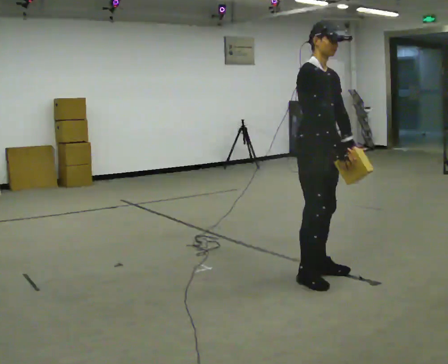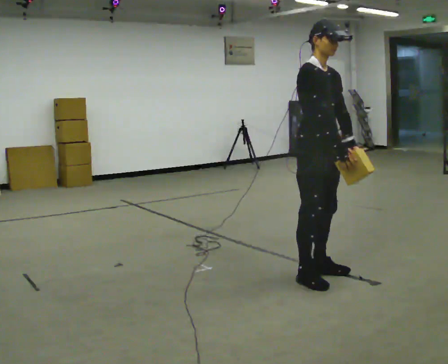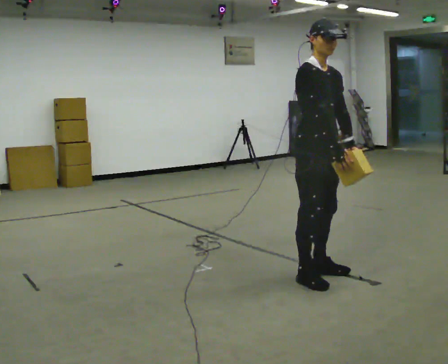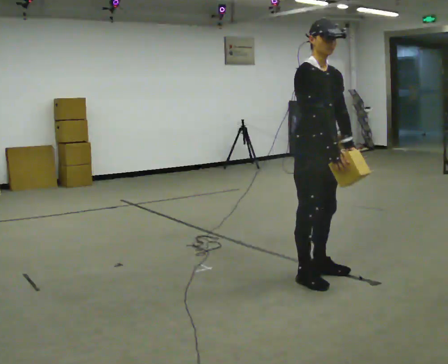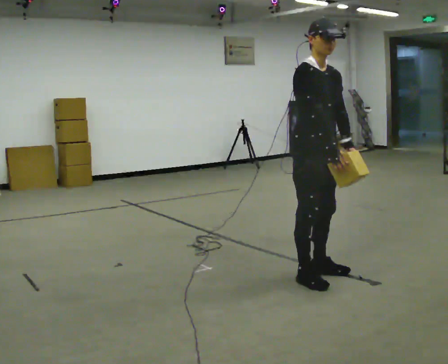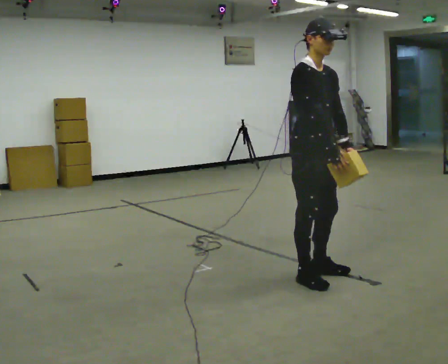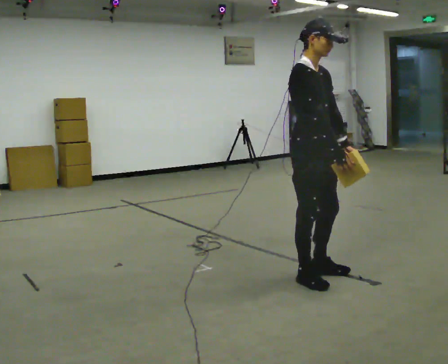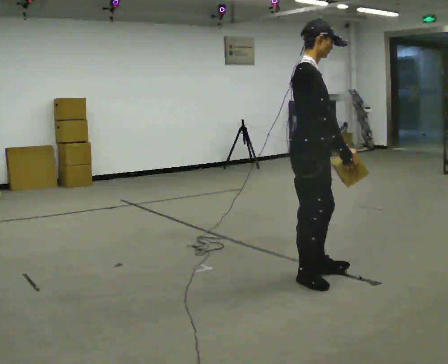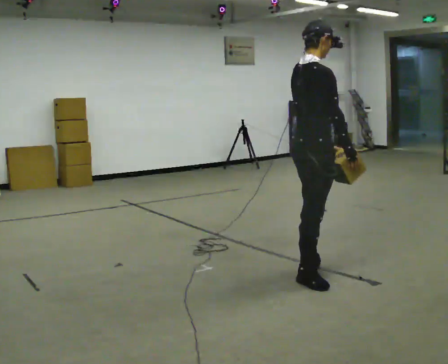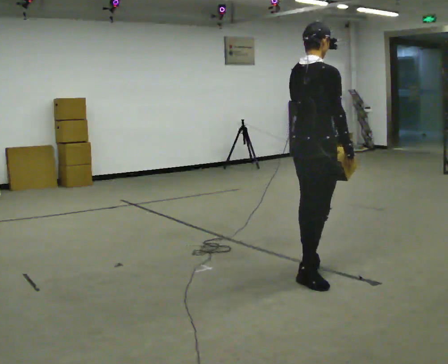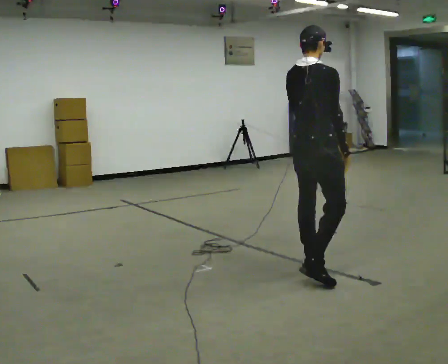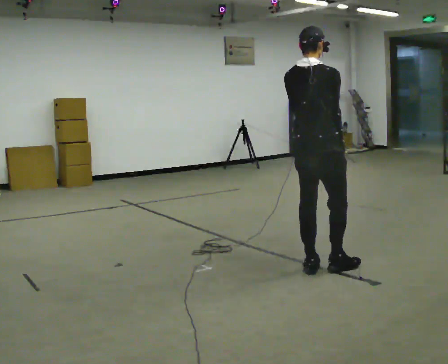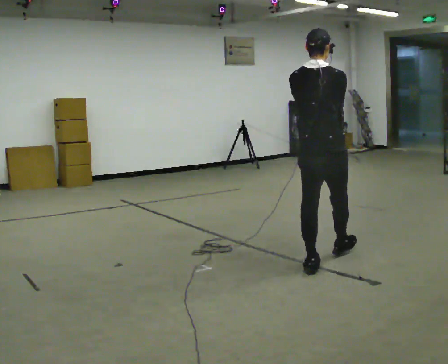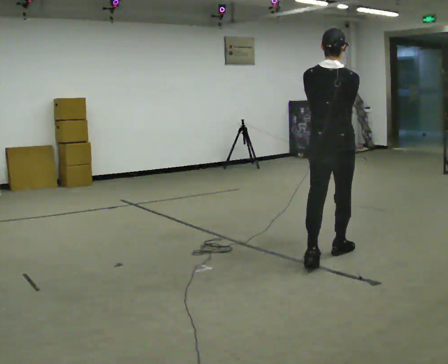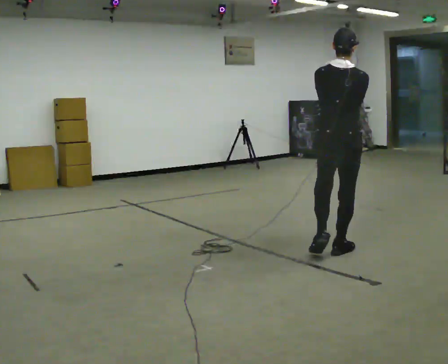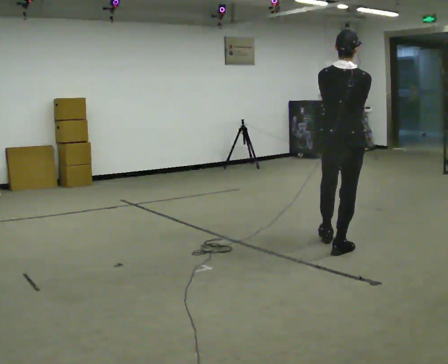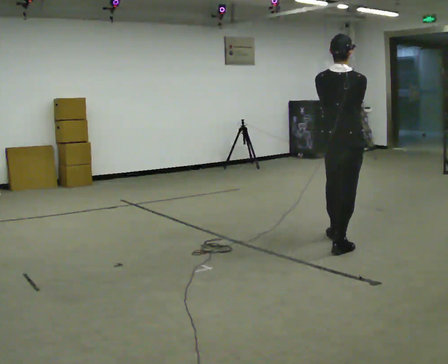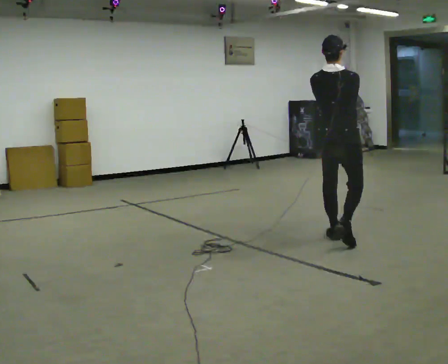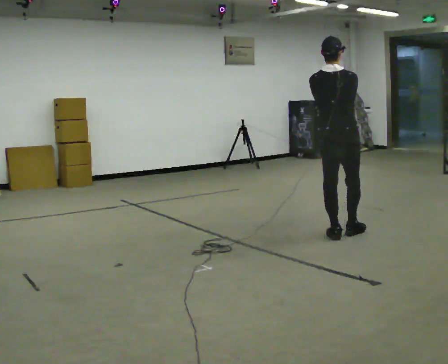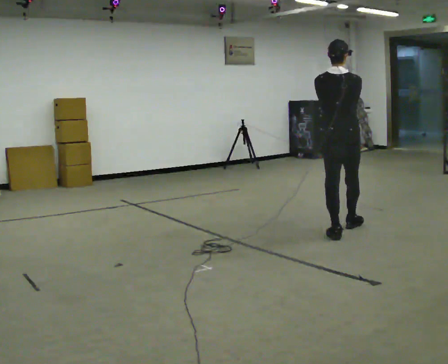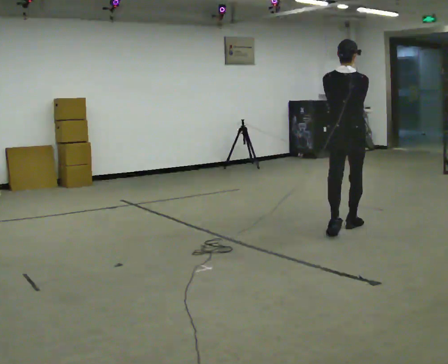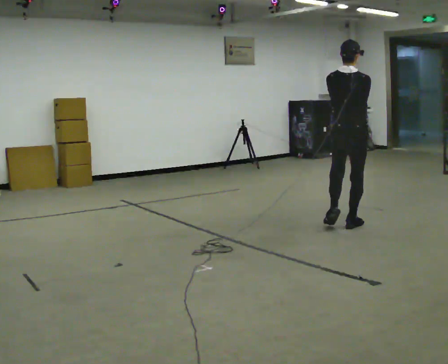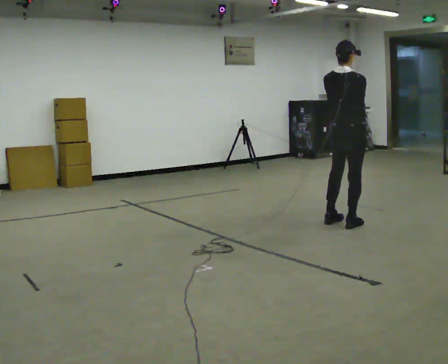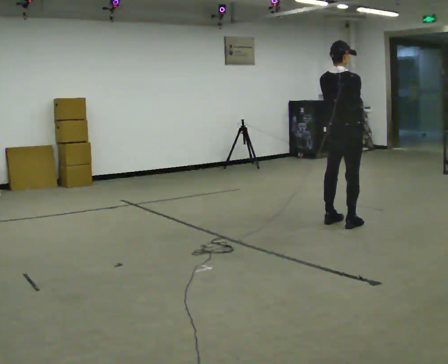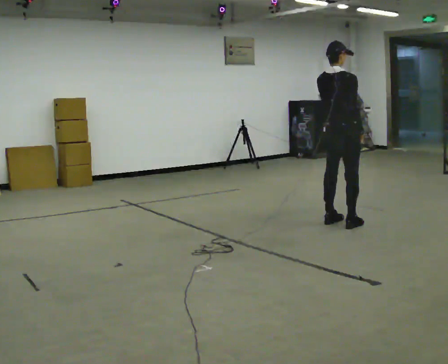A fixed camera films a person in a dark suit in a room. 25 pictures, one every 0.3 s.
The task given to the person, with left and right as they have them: Carry the light box in both hands in front of you, walking back and forth across the room. Keep walking until the operator says stop.
0.0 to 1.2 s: The person moves a little, or ends about where they began.
1.2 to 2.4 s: The person turns about 60 degrees to their left, counterclockwise seen from above, so the part of the body nearest the lens slides to the right.
2.4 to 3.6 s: Seen from above the body turns counterclockwise, about 45 degrees: to their left, with its near side sliding to the right. In the picture they go away from the camera, about 0.25 m, which for them is forward and to their left.
3.6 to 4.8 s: In the picture they go away from the camera, about 0.5 m in 2 steps, which for them is forward.
4.8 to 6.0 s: In the picture they go away from the camera, about 0.5 m in 1 step, which for them is forward.
6.0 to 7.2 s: The person turns about 30 degrees to their right, clockwise seen from above, so the part of the body nearest the lens slides to the left. In the picture they go away from the camera, about 0.25 m in 1 step, which for them is forward and to their left.
The film runs forward here.
